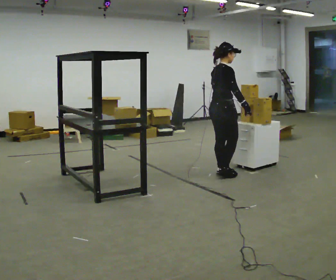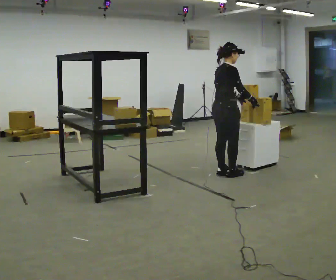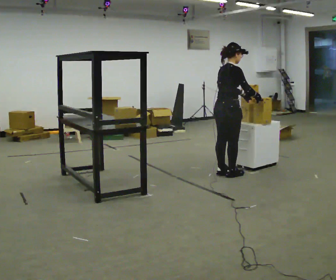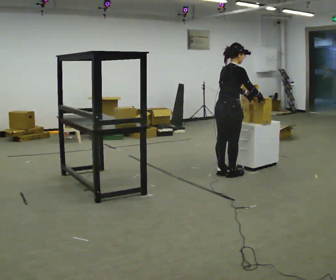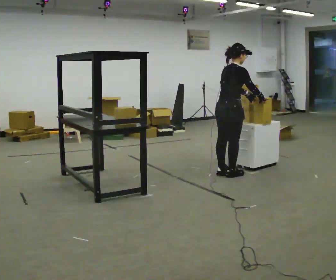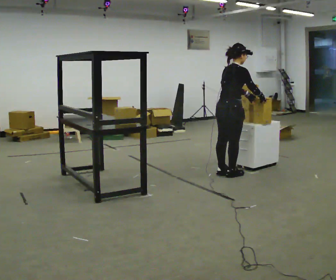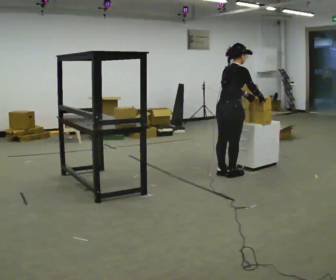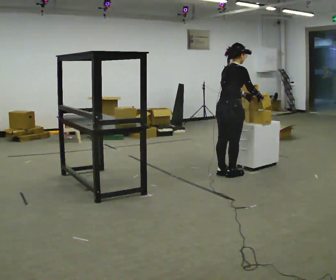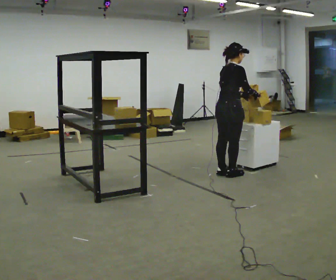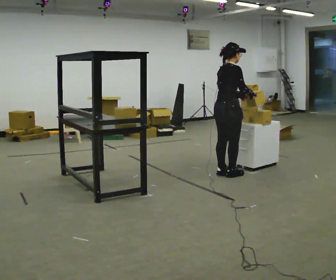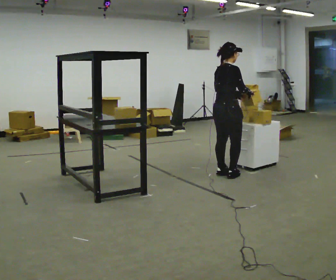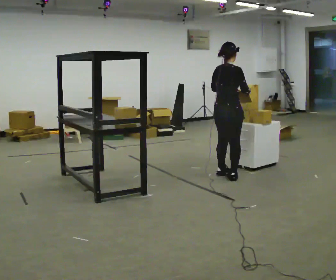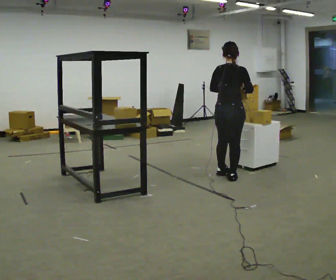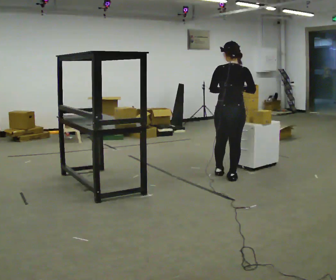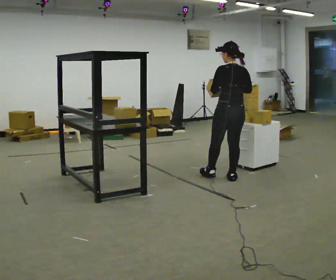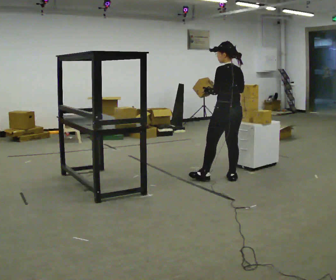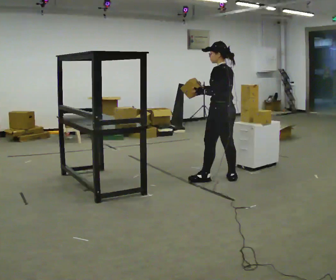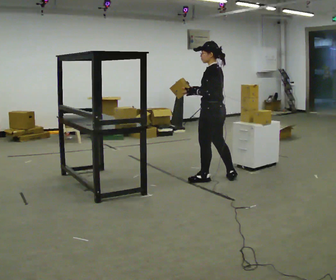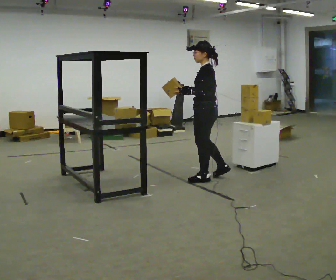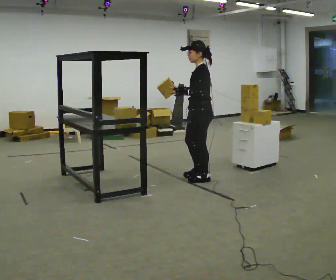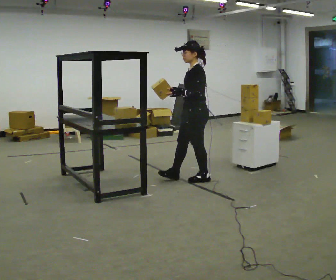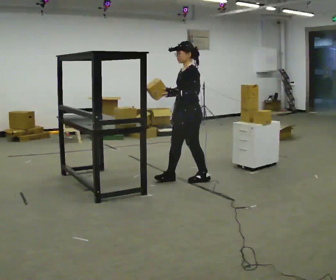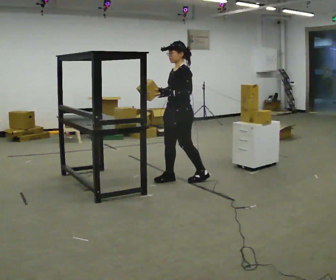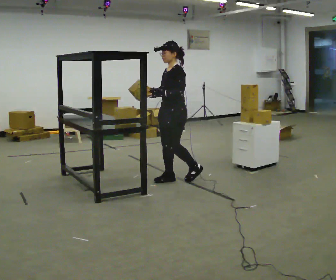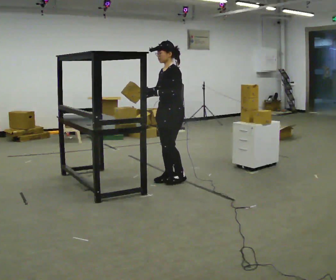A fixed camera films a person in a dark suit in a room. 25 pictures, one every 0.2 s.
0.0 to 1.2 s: The person moves a little, or ends about where they began.
1.2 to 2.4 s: The person turns about 30 degrees to their left, counterclockwise seen from above, so the part of the body nearest the lens slides to the right.
2.4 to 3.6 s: The person turns about 105 degrees to their left, counterclockwise seen from above, so the part of the body nearest the lens slides to the right. In the picture they go to the left, about 0.25 m in 1 step.
3.6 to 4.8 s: Seen from above the body turns counterclockwise, about 45 degrees: to their left, with its near side sliding to the right. In the picture they go to the left, about 0.5 m in 1 step, which for them is forward and to their right.
The film runs forward here.
